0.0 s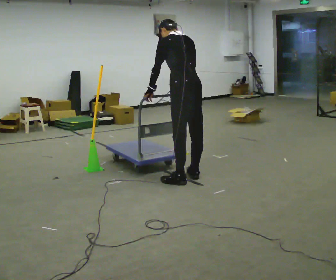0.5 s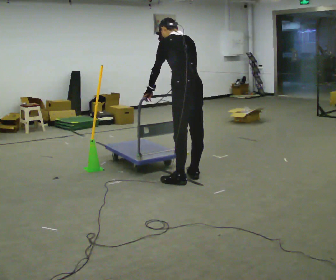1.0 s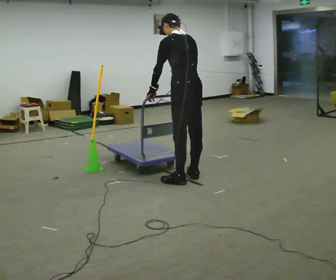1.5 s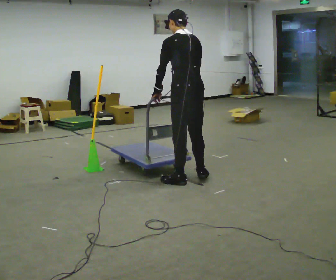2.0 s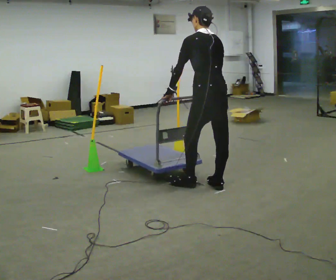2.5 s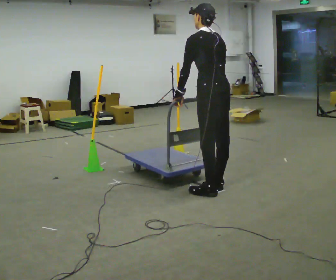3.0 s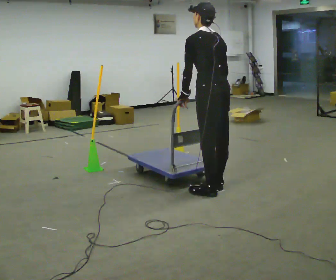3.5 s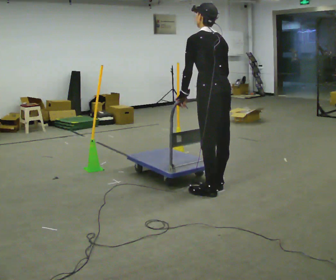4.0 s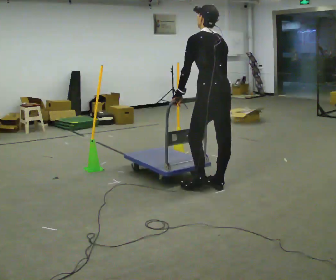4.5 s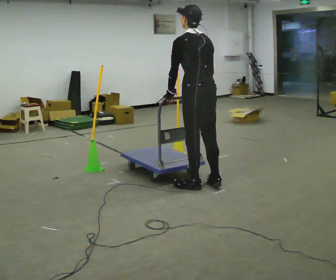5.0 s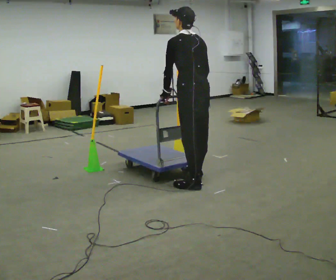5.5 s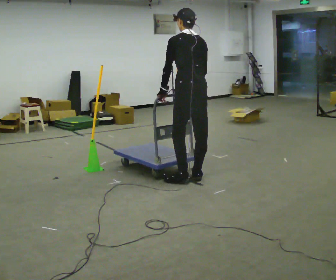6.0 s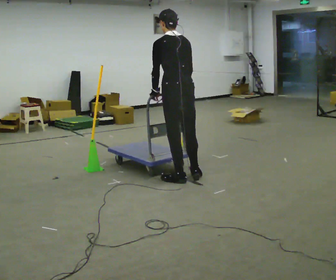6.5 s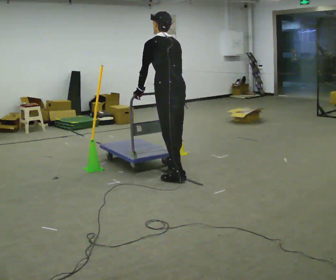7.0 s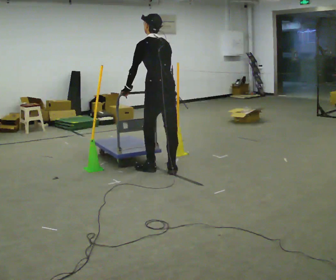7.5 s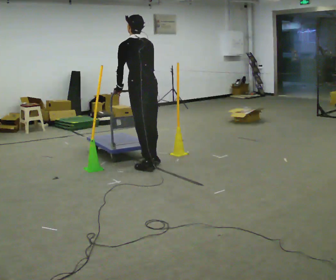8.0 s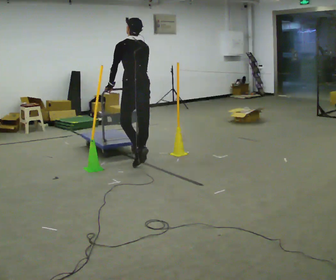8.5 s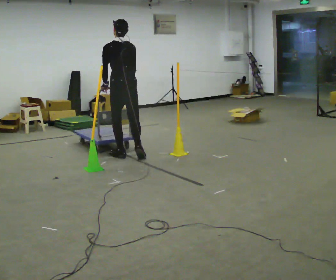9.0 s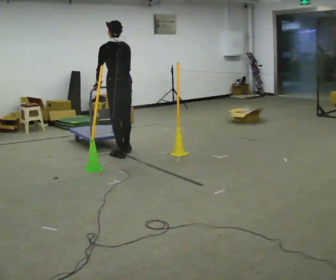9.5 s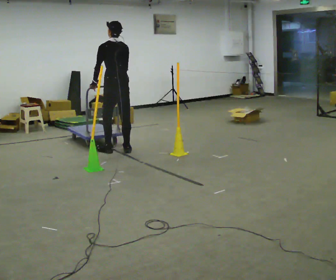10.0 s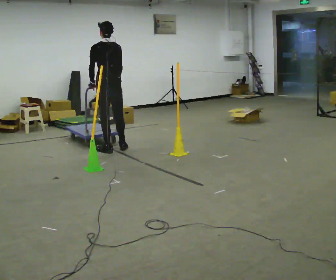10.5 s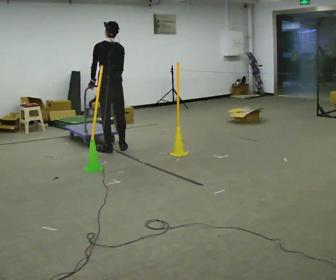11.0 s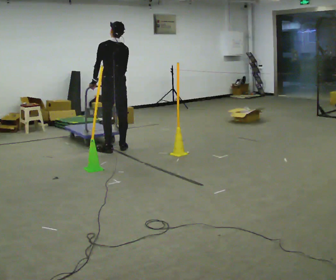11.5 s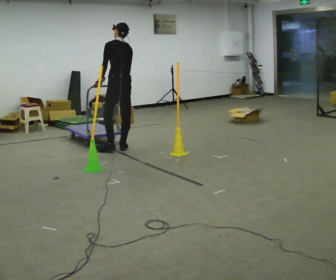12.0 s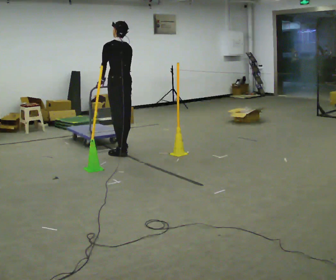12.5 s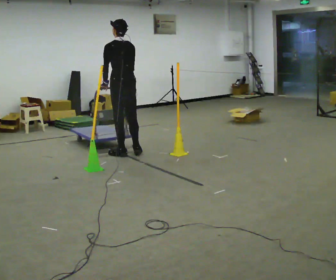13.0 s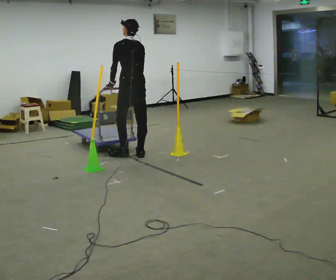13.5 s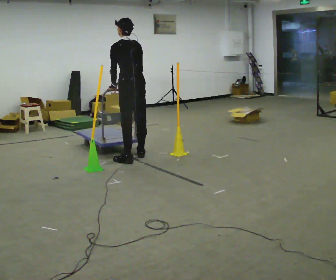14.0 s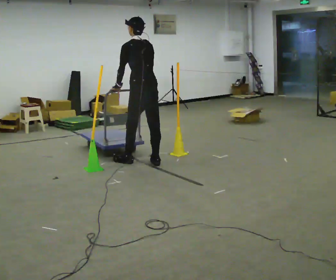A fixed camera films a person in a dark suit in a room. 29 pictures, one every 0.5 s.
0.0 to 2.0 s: In the picture they go toward the camera and to the right, about 0.25 m in 1 step, which for them is backward.
2.0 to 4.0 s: The person moves a little, or ends about where they began.
4.0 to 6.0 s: In the picture they go to the left and away from the camera, about 0.5 m in 3 steps, which for them is forward.
6.0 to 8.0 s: In the picture they go away from the camera and to the left, about 1 m in 3 steps, which for them is forward.
8.0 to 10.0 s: In the picture they go away from the camera and to the left, about 0.75 m in 4 steps, which for them is forward.
10.0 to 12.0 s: In the picture they go to the right, about 0.25 m in 1 step, which for them is backward.
12.0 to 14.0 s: In the picture they go toward the camera and to the right, about 0.5 m in 3 steps, which for them is backward.
The film runs forward here.
